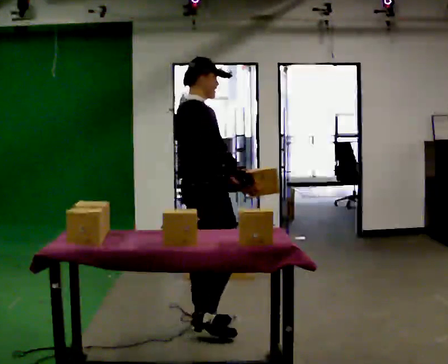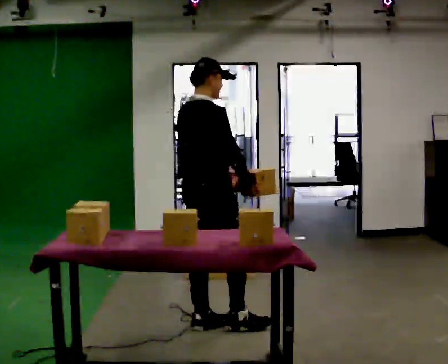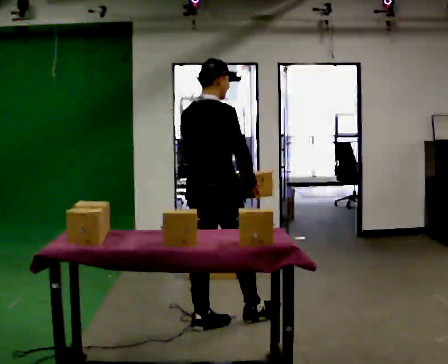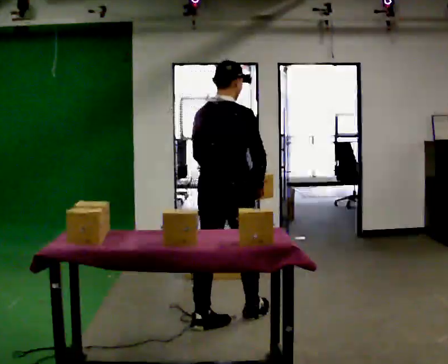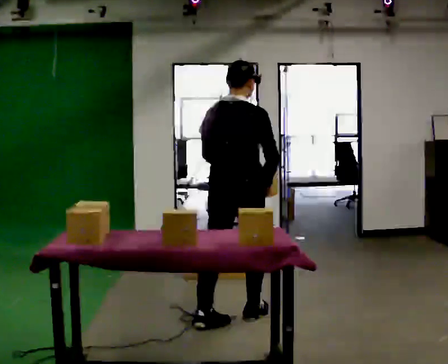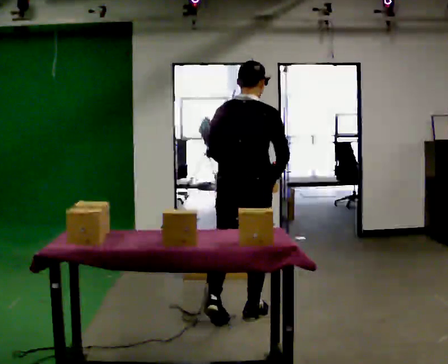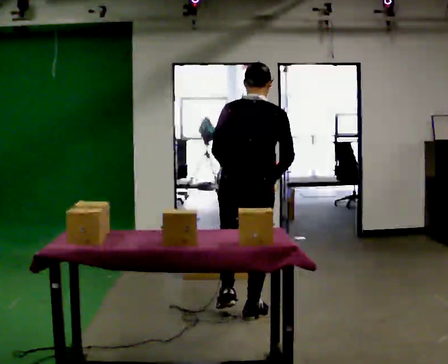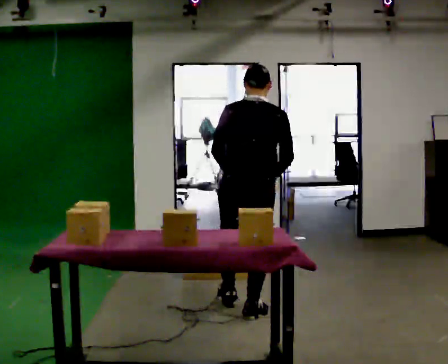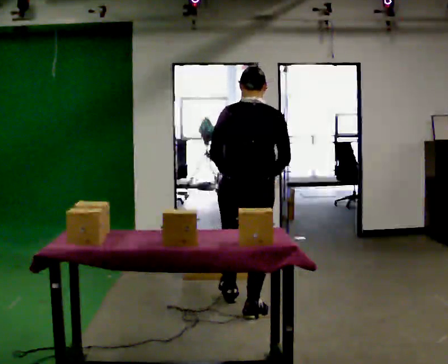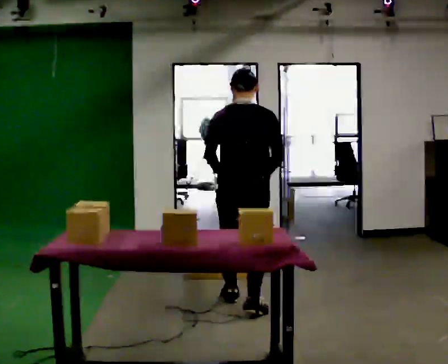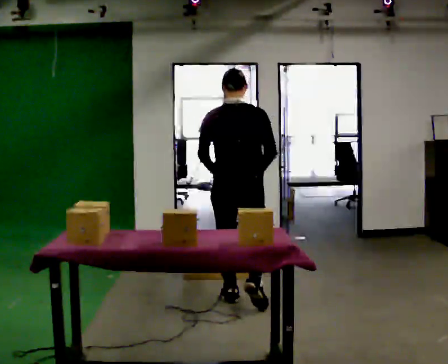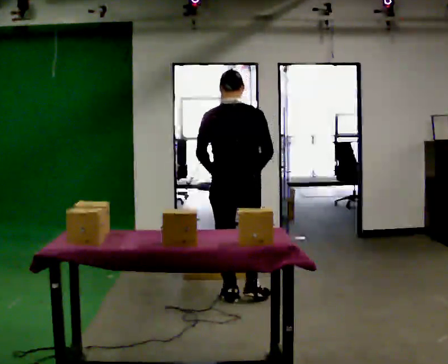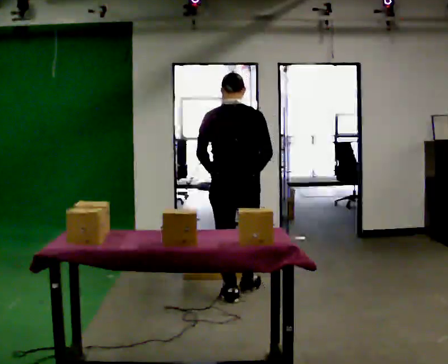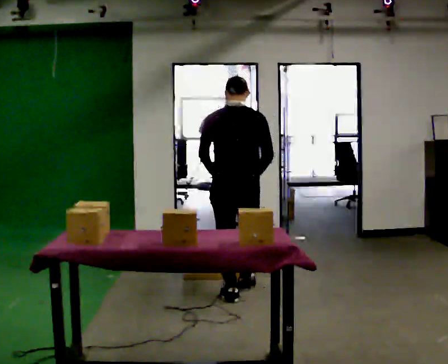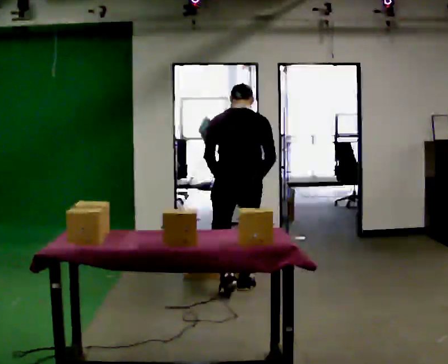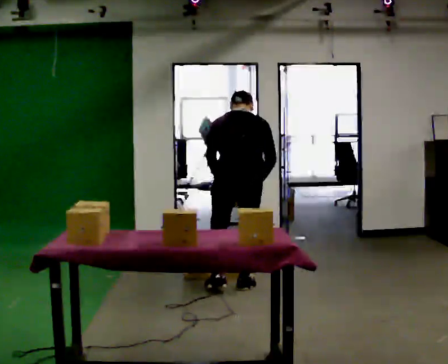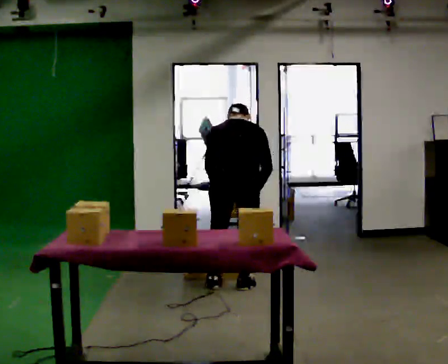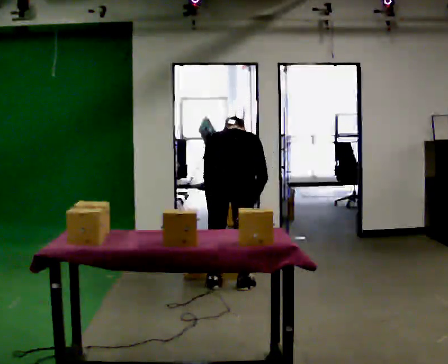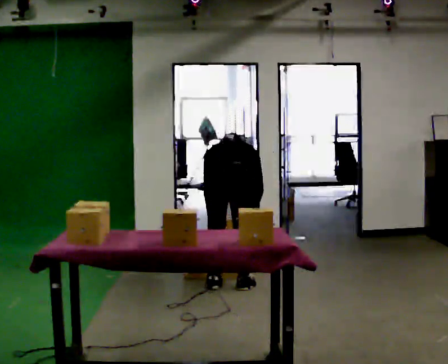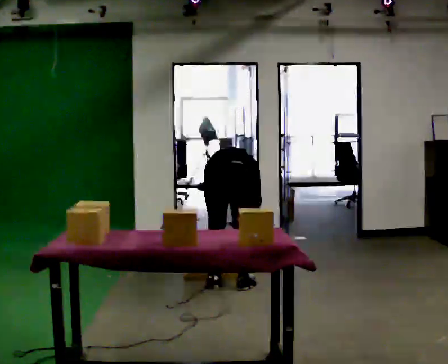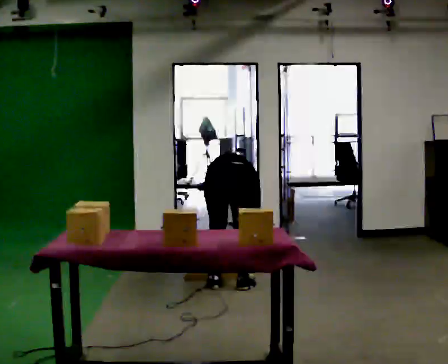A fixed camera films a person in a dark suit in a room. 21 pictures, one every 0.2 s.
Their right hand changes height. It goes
downward.
The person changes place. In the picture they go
away from the camera.
0.0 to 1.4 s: The part of the body nearest the lens slides to the right as the person turns to their left by about 60 degrees. In the picture they go away from the camera and to the right, about 0.5 m in 1 step.
1.4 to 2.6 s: In the picture they go away from the camera, about 0.5 m in 2 steps, which for them is forward.
2.6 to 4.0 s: The shoulders move downward. The upper body tips away from the camera, its near side rolling upward, as they bend forward. In the picture their left hand goes downward.
The film runs forward here.
